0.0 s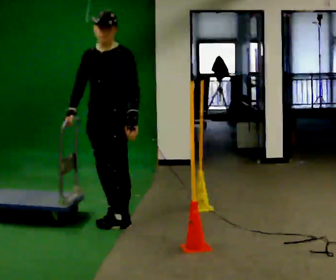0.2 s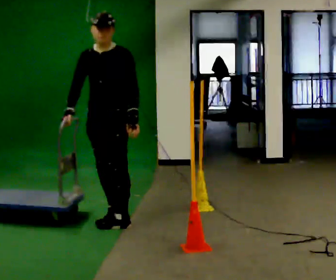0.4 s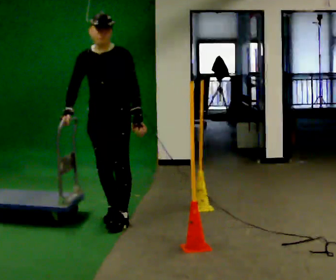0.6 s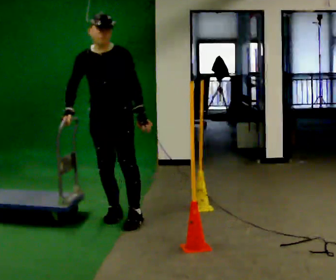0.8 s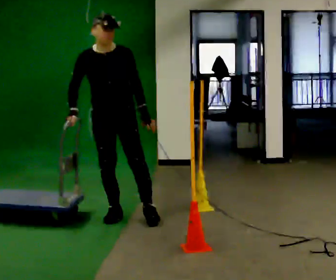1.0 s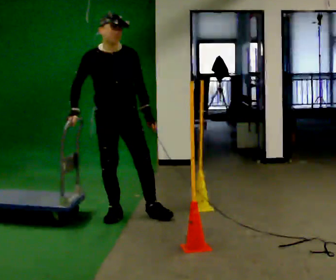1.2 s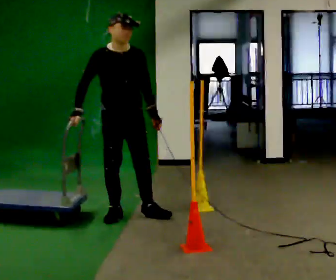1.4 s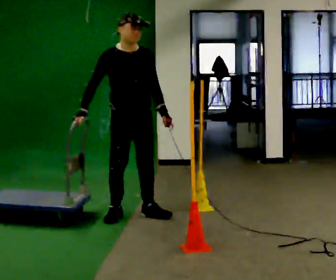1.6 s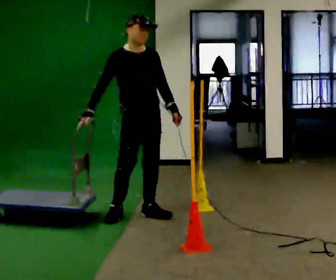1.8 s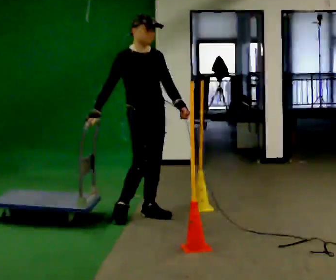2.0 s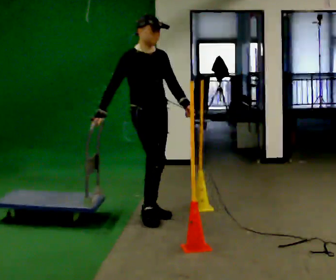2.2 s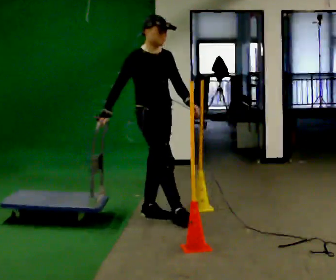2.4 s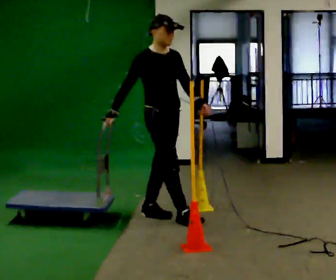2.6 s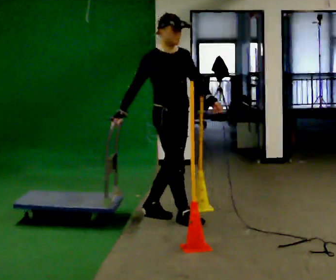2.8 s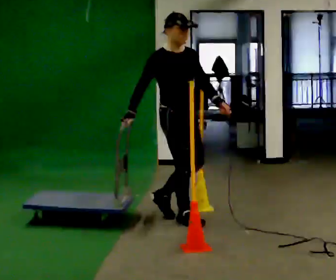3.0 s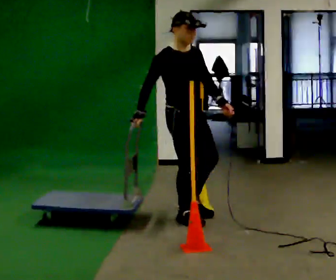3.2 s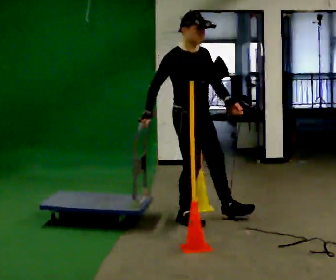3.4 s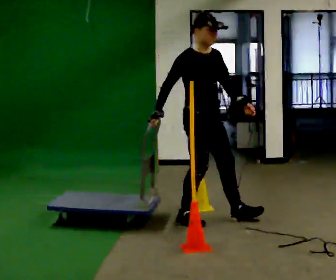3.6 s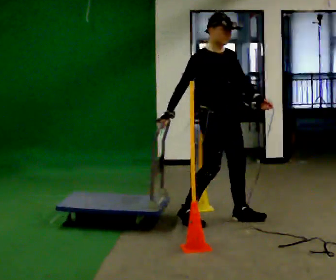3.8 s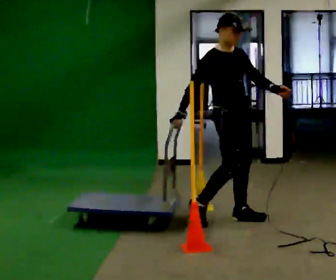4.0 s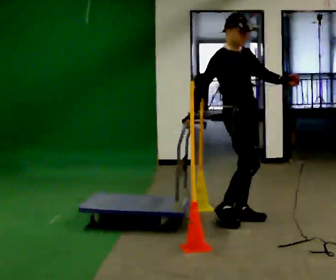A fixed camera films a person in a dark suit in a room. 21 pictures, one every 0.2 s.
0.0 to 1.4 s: The person turns about 60 degrees to their left, counterclockwise seen from above, so the part of the body nearest the lens slides to the right. In the picture they go away from the camera, about 0.25 m in 1 step, which for them is backward and to their left.
1.4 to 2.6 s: The part of the body nearest the lens slides to the right as the person turns to their left by about 30 degrees. In the picture they go to the right, about 0.25 m in 1 step, which for them is forward.
2.6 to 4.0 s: In the picture they go to the right, about 0.5 m in 1 step, which for them is forward and to their left.
The film runs forward here.
